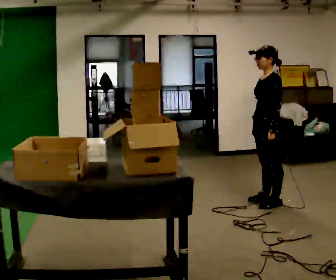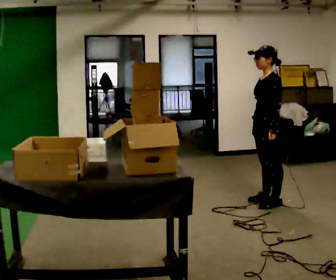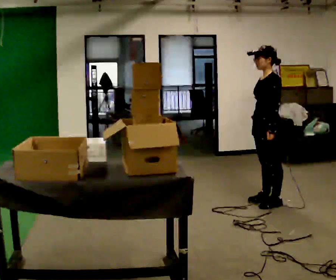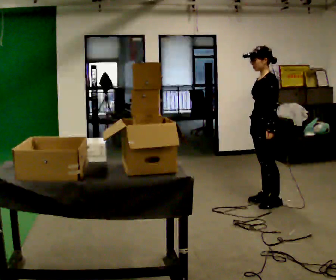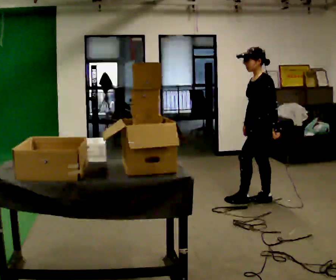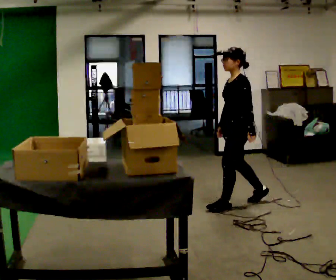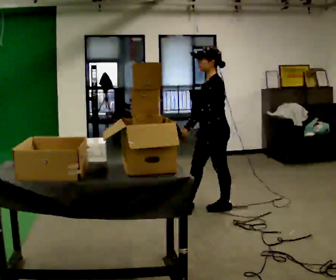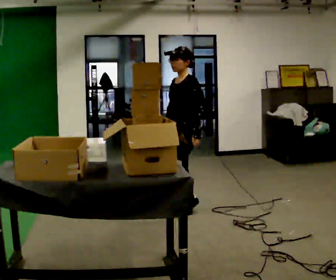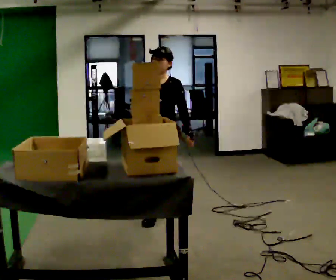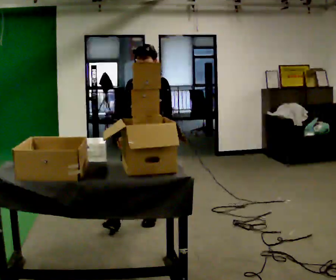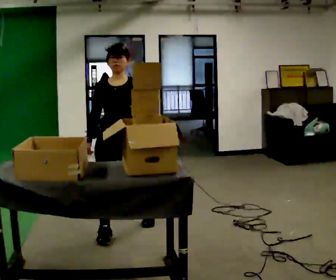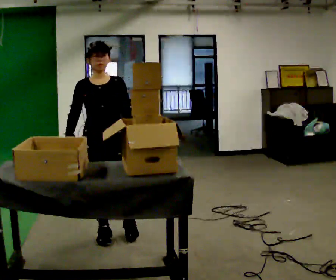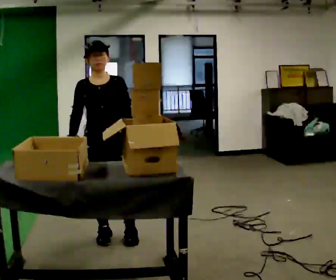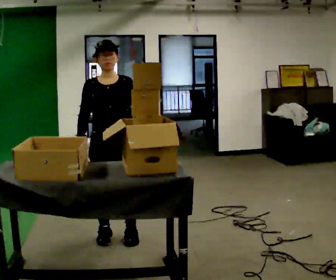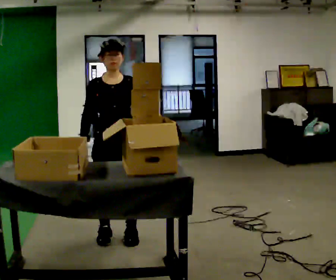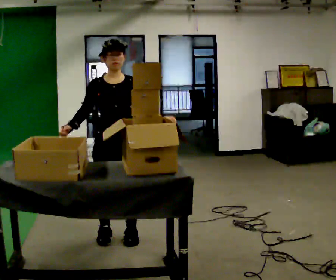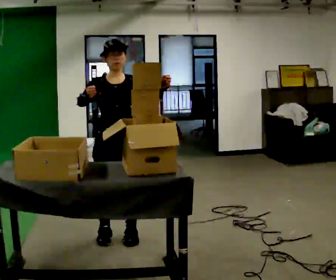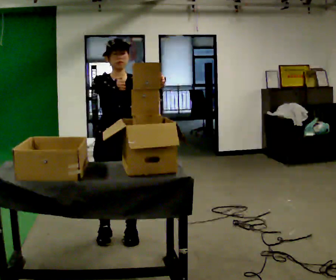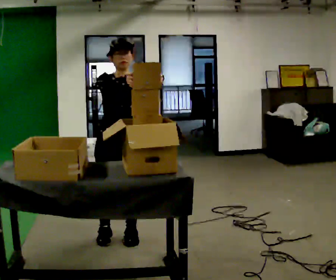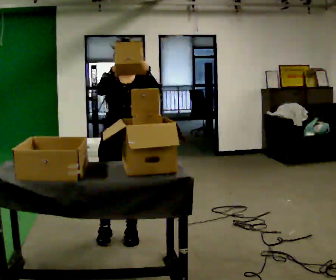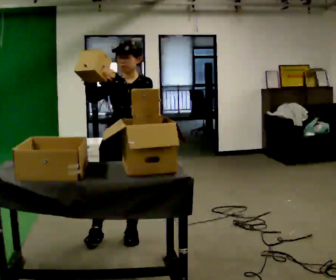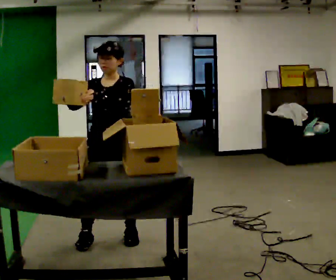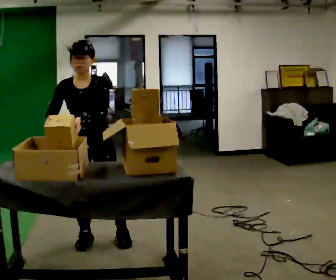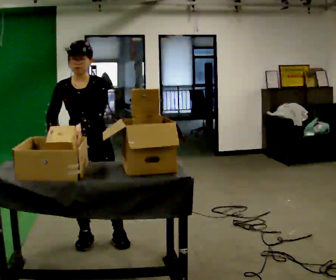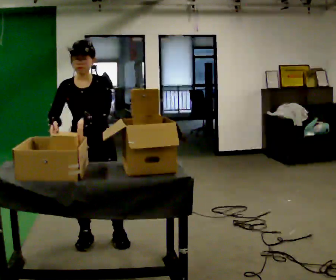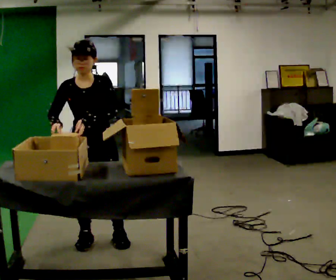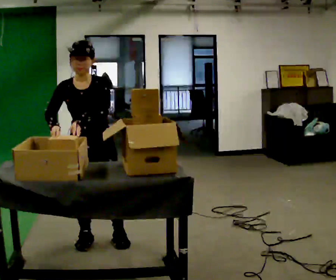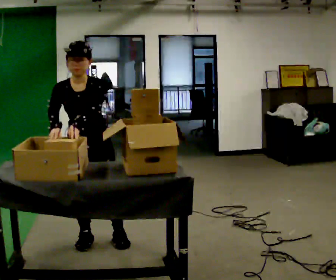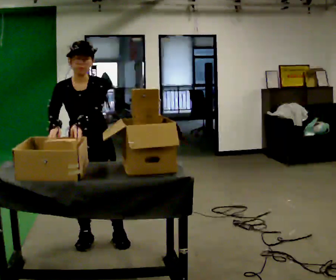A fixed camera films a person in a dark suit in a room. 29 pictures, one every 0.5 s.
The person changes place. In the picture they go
to the left.
0.0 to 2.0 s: The person moves a little, or ends about where they began.
2.0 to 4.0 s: The part of the body nearest the lens slides to the right as the person turns to their left by about 30 degrees. In the picture they go to the left, about 1 m in 3 steps, which for them is forward.
4.0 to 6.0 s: Seen from above the body turns counterclockwise, about 45 degrees: to their left, with its near side sliding to the right. In the picture they go toward the camera and to the left, about 1 m in 2 steps, which for them is forward and to their right.
6.0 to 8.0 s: In the picture their right hand goes upward.
8.0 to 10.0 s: Seen from above the body turns clockwise, about 30 degrees: to their right, with its near side sliding to the left.
10.0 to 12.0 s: In the picture they go to the left, about 0.25 m in 1 step, which for them is to their right.
12.0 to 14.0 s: The person moves a little, or ends about where they began.
The film runs forward here.
